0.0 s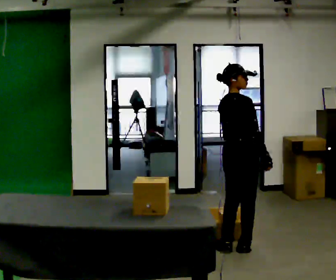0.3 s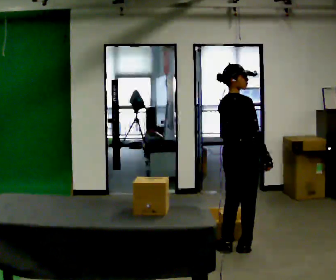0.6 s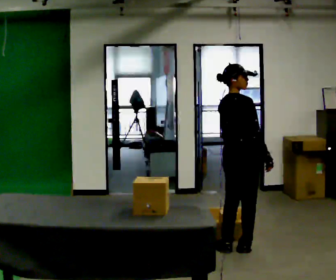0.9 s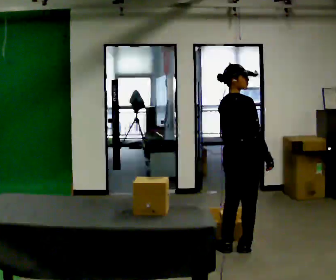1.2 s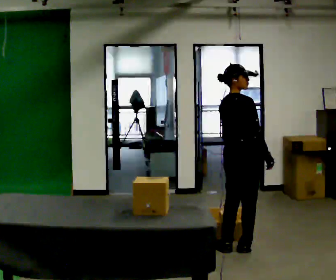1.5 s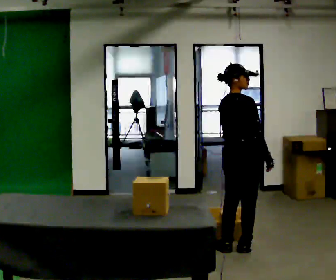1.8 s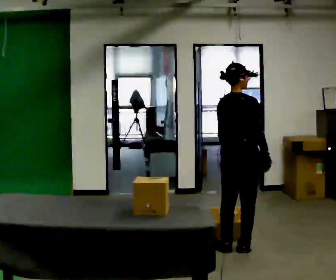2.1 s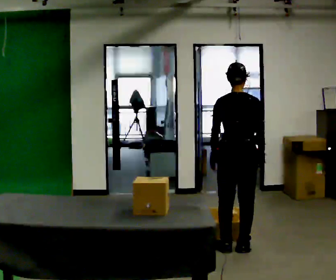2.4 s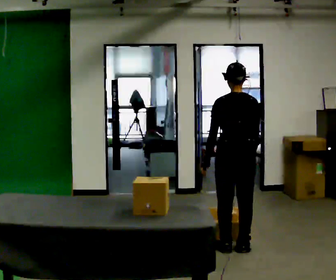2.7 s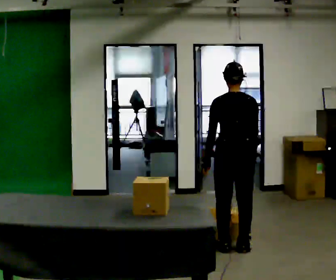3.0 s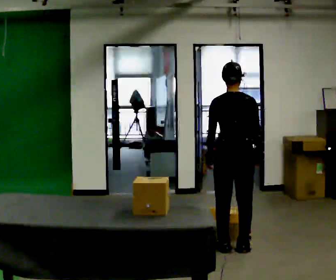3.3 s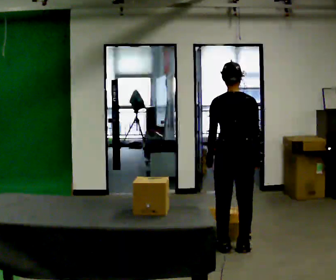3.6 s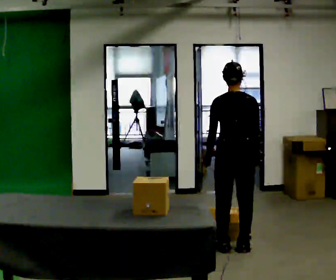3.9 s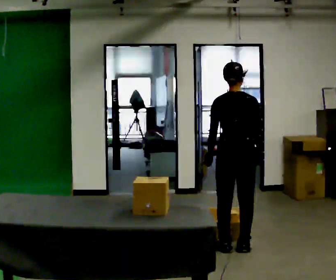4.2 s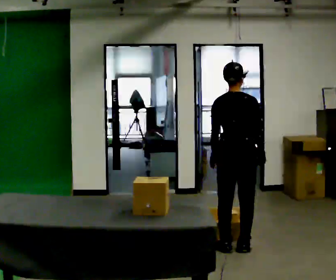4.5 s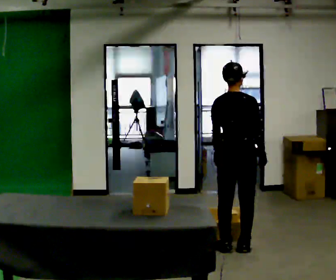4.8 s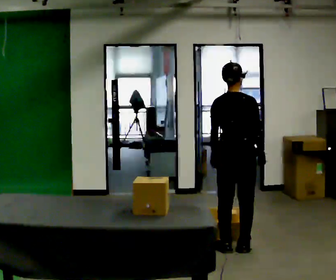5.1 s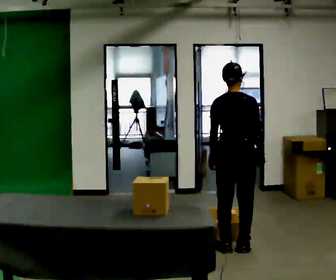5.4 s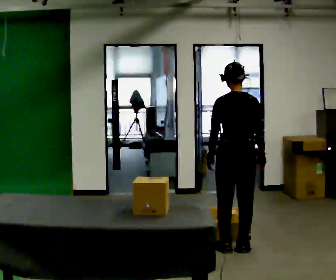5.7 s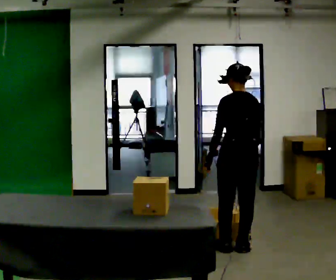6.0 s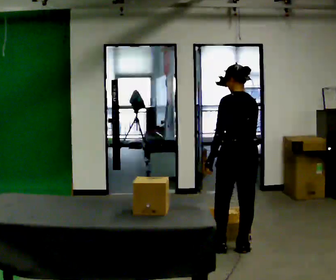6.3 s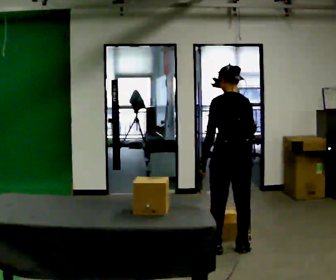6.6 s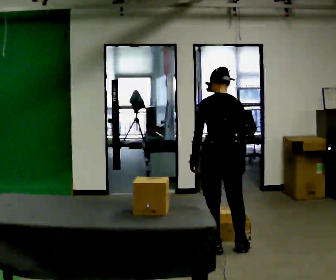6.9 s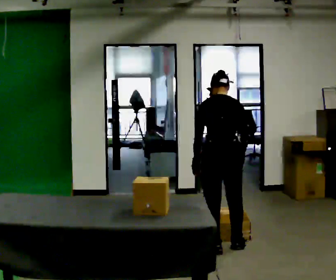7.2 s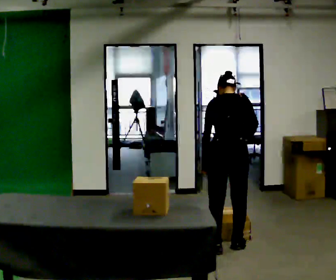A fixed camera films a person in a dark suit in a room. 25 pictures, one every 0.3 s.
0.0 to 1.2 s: The person keeps their place and pose.
1.2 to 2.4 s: The person turns about 60 degrees to their left, counterclockwise seen from above, so the part of the body nearest the lens slides to the right.
2.4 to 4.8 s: The person moves a little, or ends about where they began.
4.8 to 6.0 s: Seen from above the body turns counterclockwise, about 45 degrees: to their left, with its near side sliding to the right.
6.0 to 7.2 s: The part of the body nearest the lens slides to the left as the person turns to their right by about 30 degrees. In the picture their right hand goes upward.
The film runs forward here.
